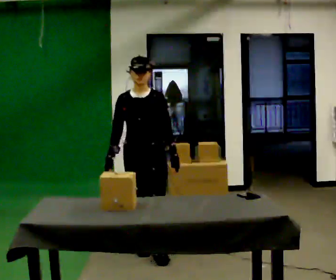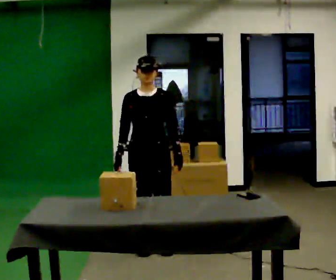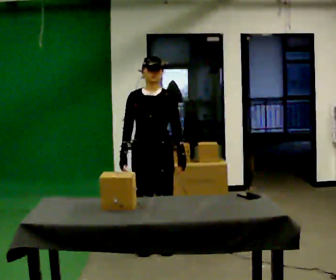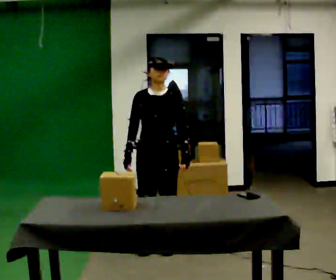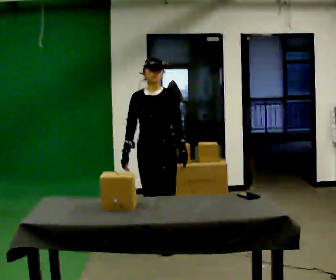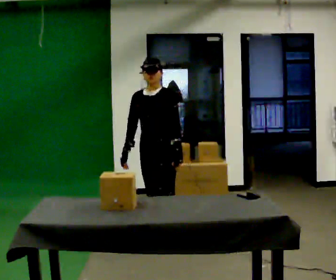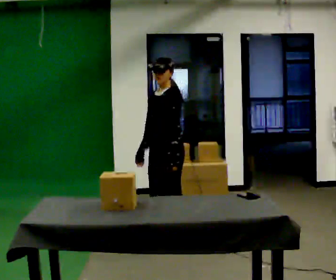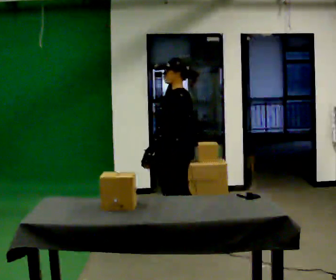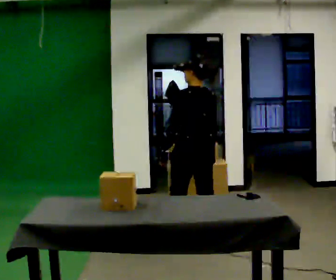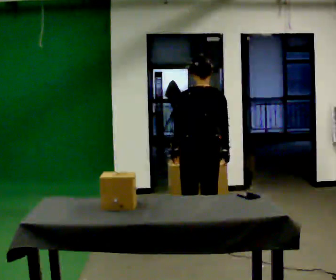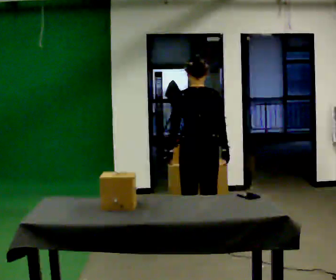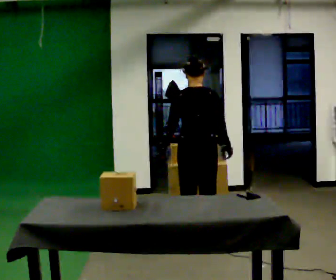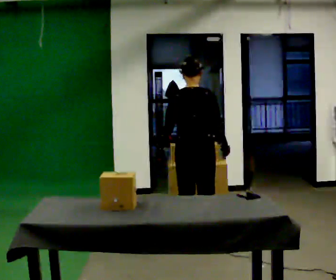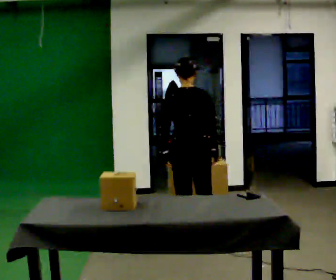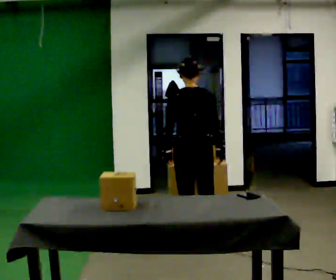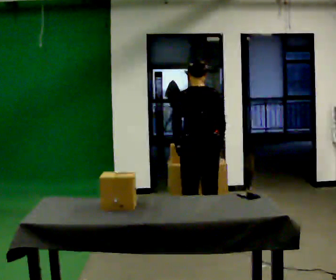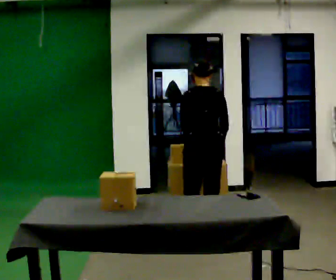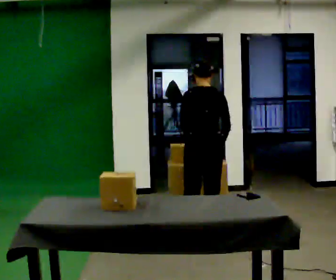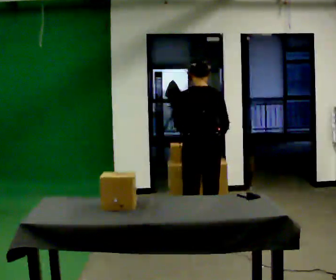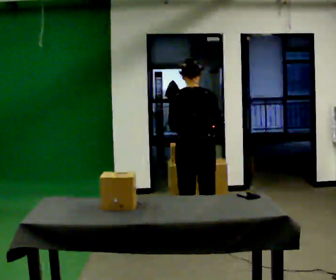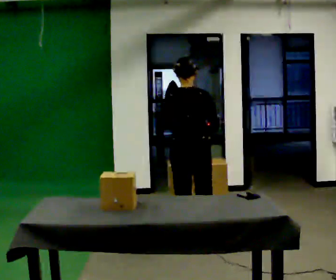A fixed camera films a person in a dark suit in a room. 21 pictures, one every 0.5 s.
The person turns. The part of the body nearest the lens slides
to the left.
The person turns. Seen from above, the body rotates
clockwise.
0.0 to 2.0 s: In the picture they go away from the camera, about 0.25 m in 1 step, which for them is backward.
2.0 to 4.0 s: Seen from above the body turns clockwise, about 135 degrees: to their right, with its near side sliding to the left. In the picture they go to the right, about 0.25 m in 2 steps.
4.0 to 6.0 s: The part of the body nearest the lens slides to the left as the person turns to their right by about 30 degrees.
6.0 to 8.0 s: In the picture they go away from the camera, about 0.25 m in 1 step, which for them is forward.
8.0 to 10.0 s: In the picture they go toward the camera, about 0.25 m in 1 step, which for them is backward and to their left.
The film runs backward here.
